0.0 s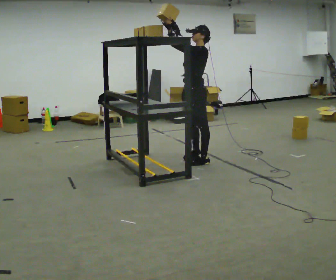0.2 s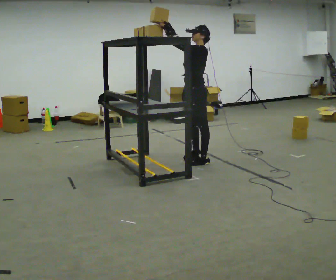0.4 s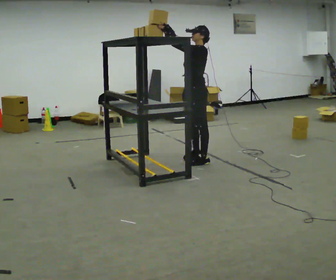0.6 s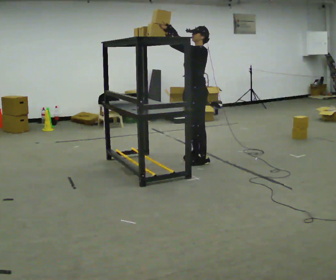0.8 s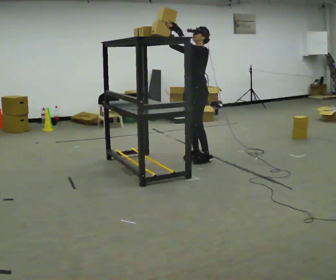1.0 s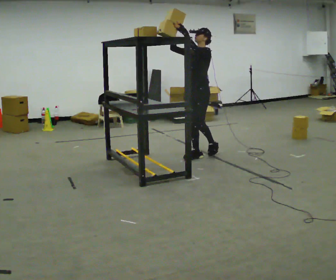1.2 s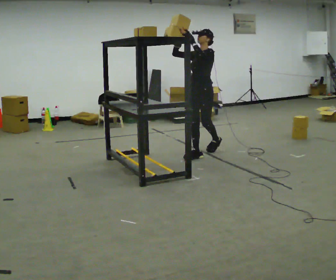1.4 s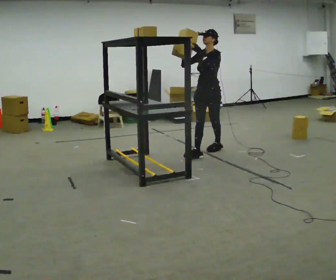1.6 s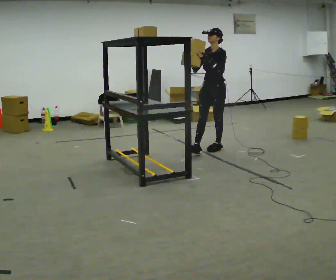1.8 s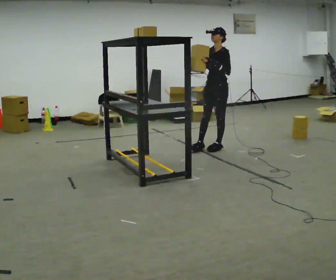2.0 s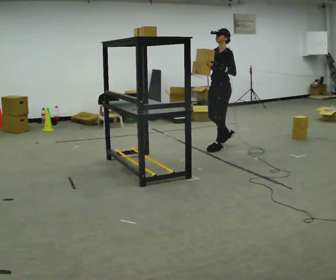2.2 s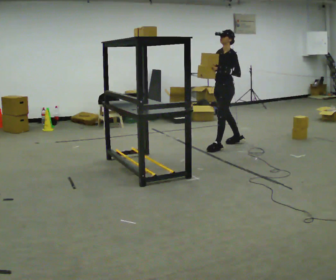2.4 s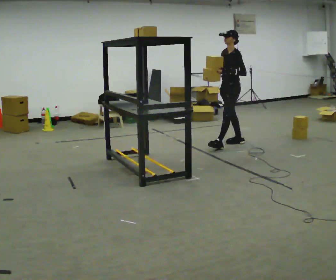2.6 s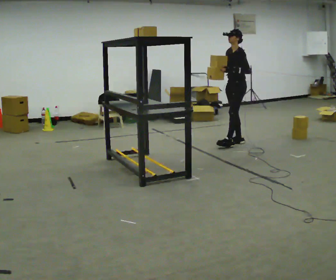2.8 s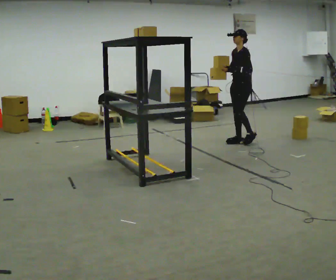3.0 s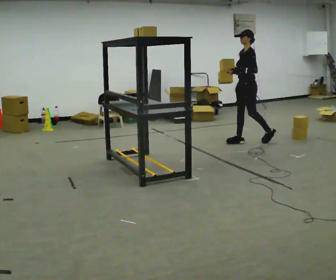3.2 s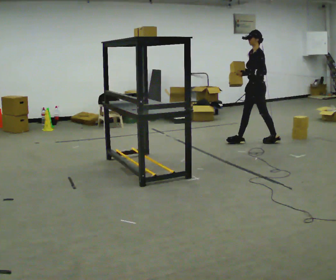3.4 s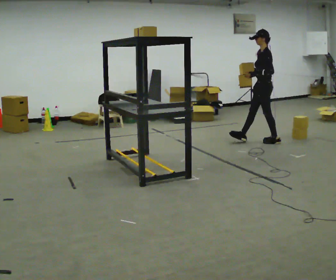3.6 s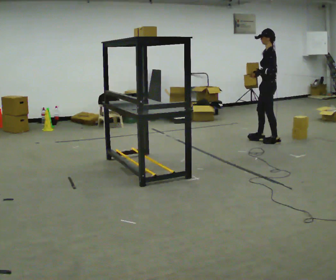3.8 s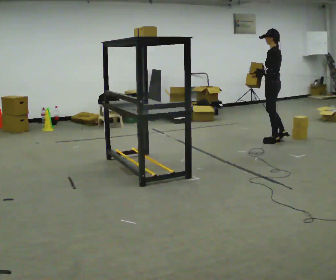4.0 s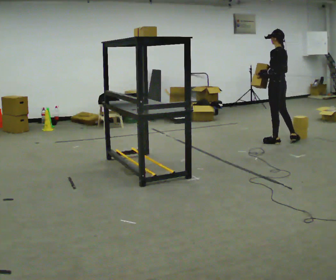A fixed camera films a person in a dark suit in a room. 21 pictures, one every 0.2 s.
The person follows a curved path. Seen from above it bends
clockwise.
Their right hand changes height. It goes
downward.
0.0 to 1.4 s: The part of the body nearest the lens slides to the right as the person turns to their left by about 30 degrees. In the picture they go away from the camera, about 0.5 m in 1 step, which for them is to their right and backward.
1.4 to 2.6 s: The person turns about 30 degrees to their right, clockwise seen from above, so the part of the body nearest the lens slides to the left. In the picture they go away from the camera and to the right, about 0.75 m in 2 steps, which for them is backward and to their right.
2.6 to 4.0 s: The part of the body nearest the lens slides to the left as the person turns to their right by about 75 degrees. In the picture they go to the right, about 0.5 m in 1 step.
The film runs backward here.
